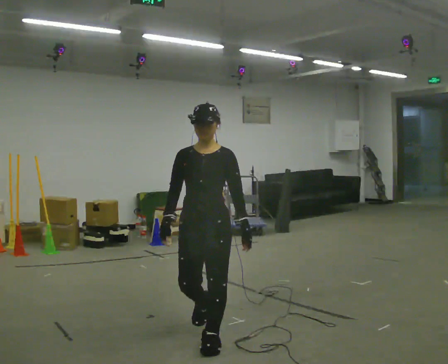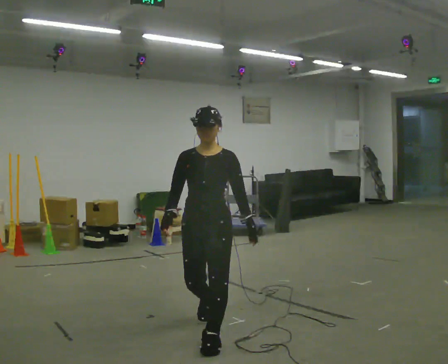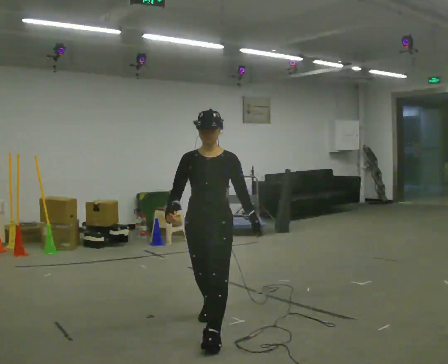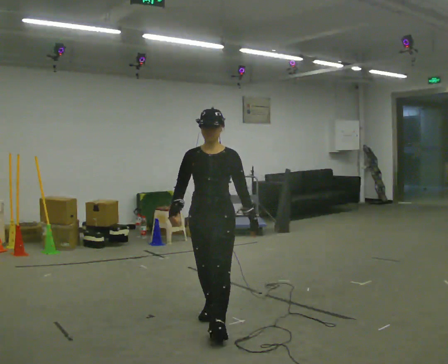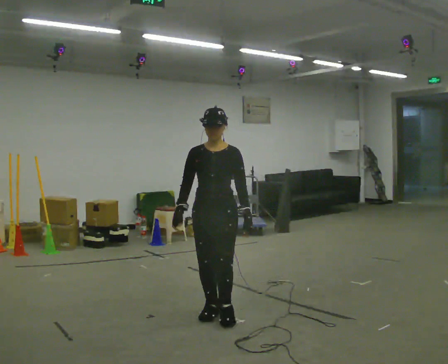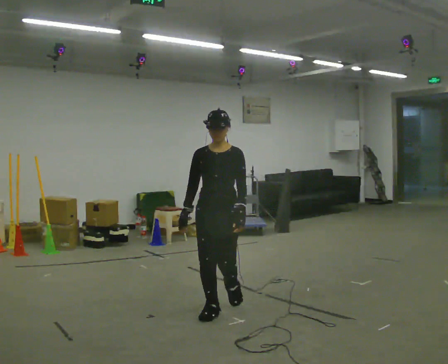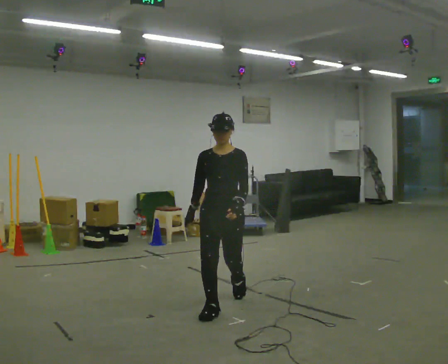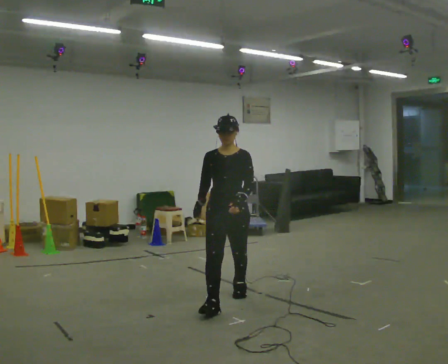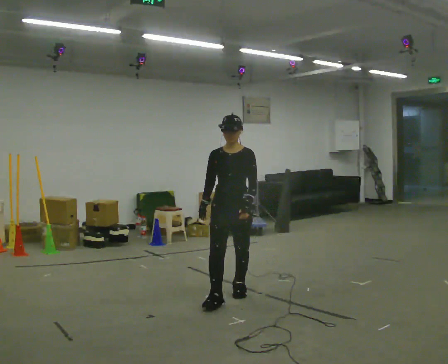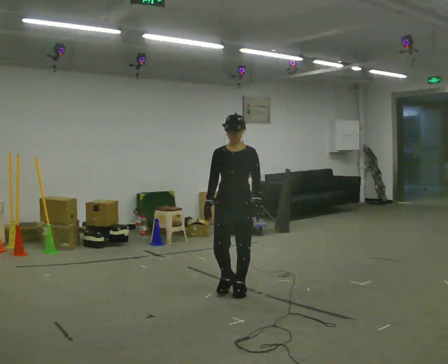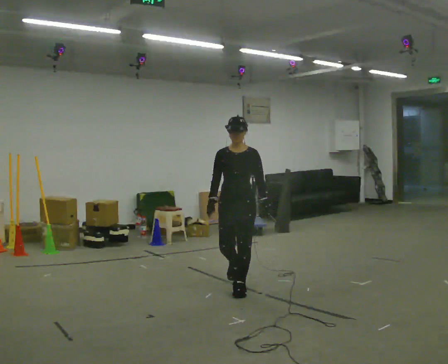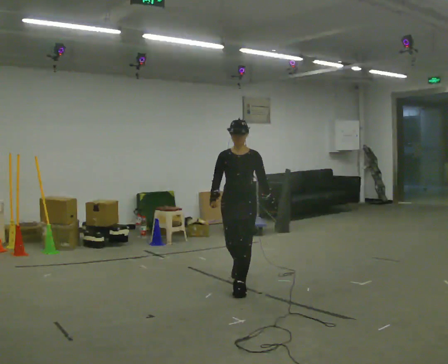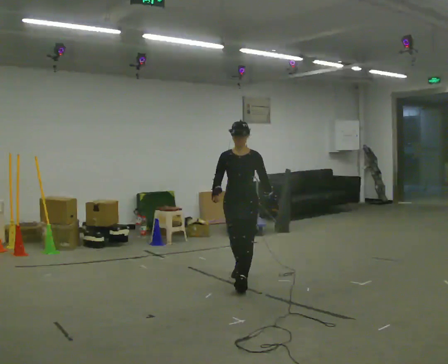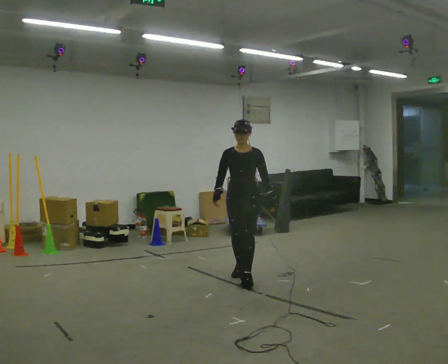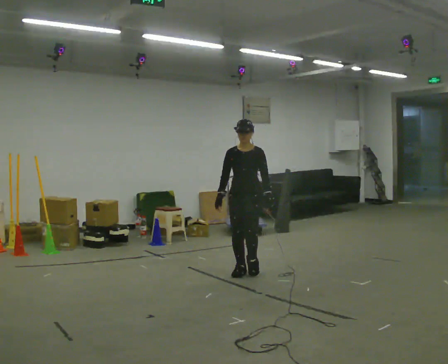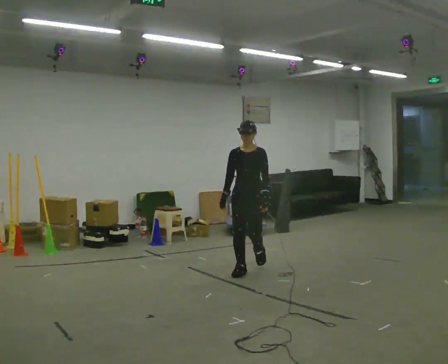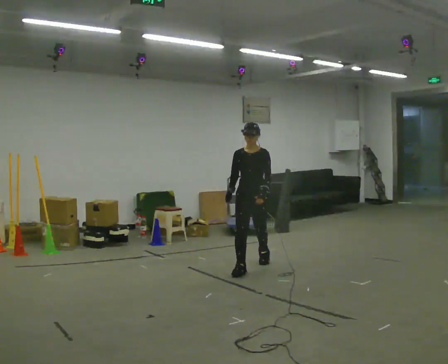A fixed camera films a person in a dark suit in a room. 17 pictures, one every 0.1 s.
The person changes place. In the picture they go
away from the camera.
0.0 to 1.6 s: In the picture they go away from the camera, about 2 m in 3 steps, which for them is backward.
The film runs backward here.
